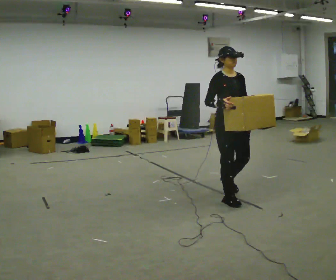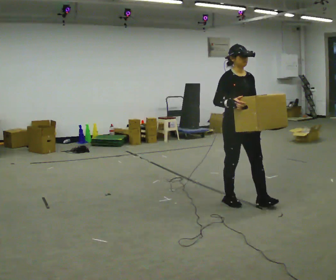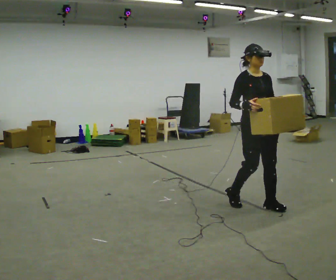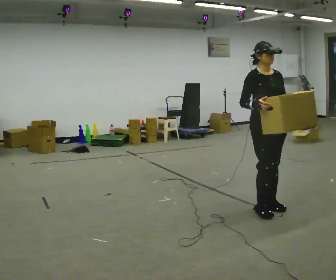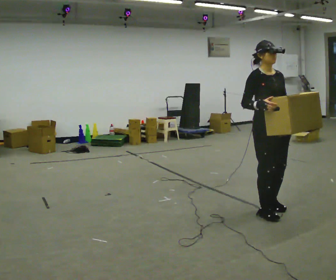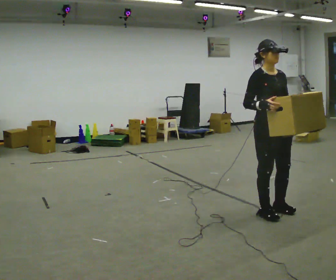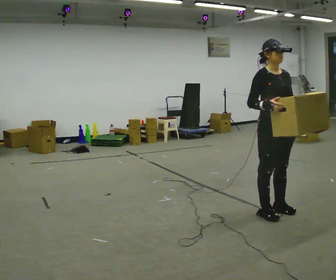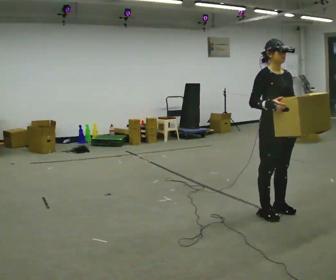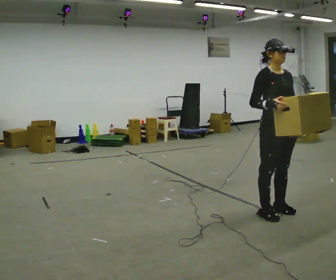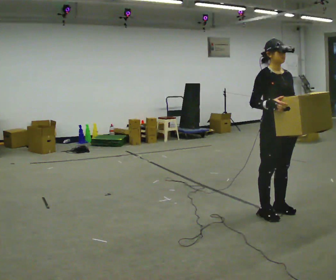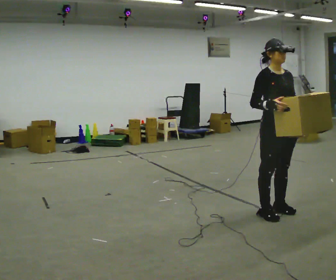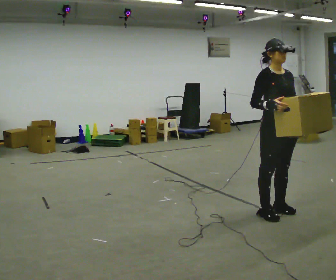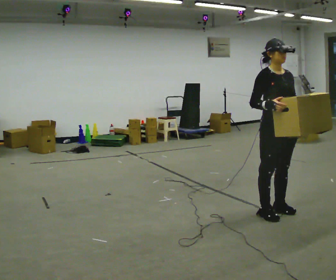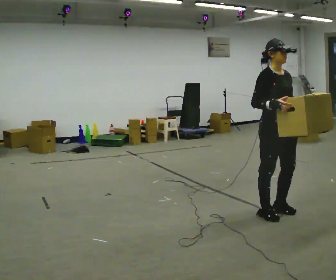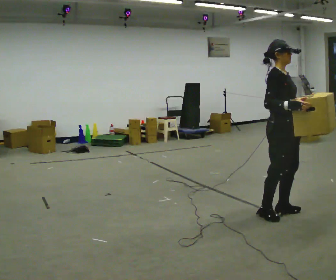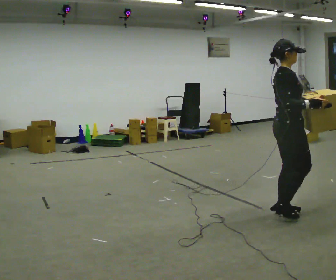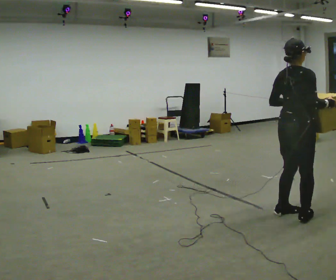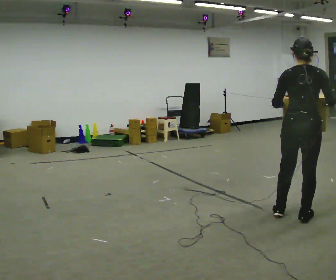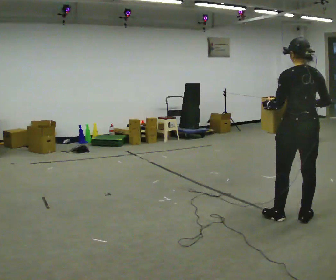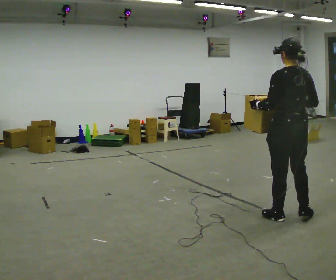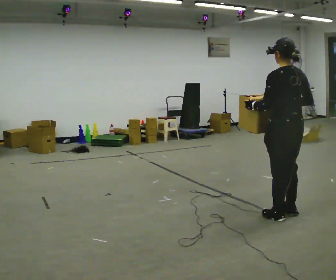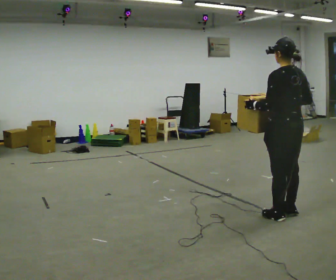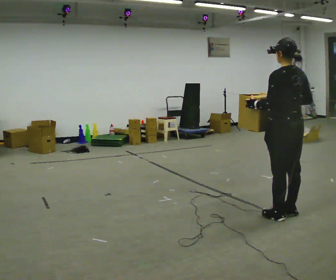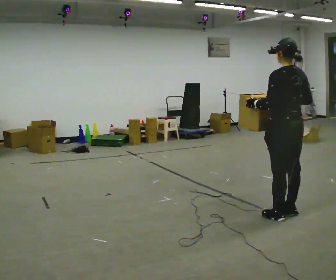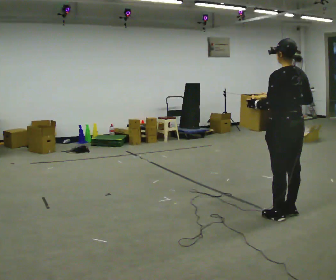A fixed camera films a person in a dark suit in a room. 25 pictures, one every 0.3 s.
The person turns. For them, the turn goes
to their left.
The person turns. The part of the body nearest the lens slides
to the right.
0.0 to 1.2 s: In the picture they go to the right and toward the camera, about 0.5 m in 2 steps, which for them is forward.
1.2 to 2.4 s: The person moves a little, or ends about where they began.
2.4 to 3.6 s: The person keeps their place and pose.
3.6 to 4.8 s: Seen from above the body turns counterclockwise, about 90 degrees: to their left, with its near side sliding to the right. In the picture they go to the right, about 0.25 m in 1 step.
4.8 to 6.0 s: The part of the body nearest the lens slides to the right as the person turns to their left by about 75 degrees.
6.0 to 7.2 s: The person moves a little, or ends about where they began.
The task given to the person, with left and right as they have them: Carry the heaviest box in both hands in front of you, walking back and forth across the room. Only carry what is comfortable. Set it down whenever you need to.
The film runs forward here.
